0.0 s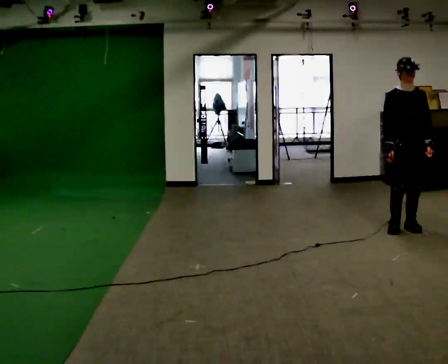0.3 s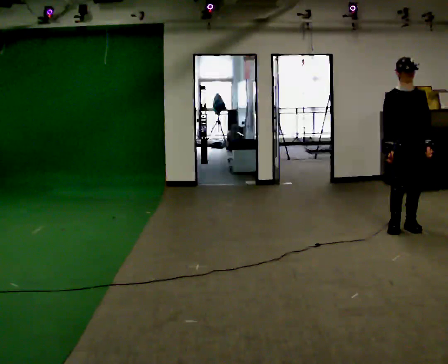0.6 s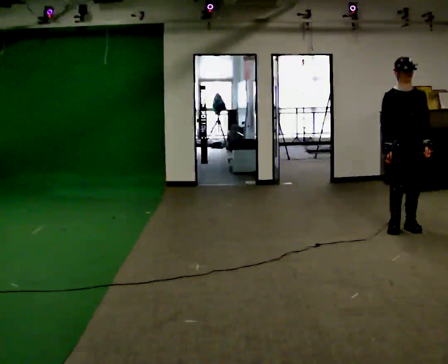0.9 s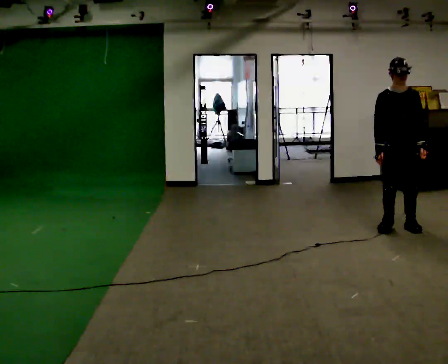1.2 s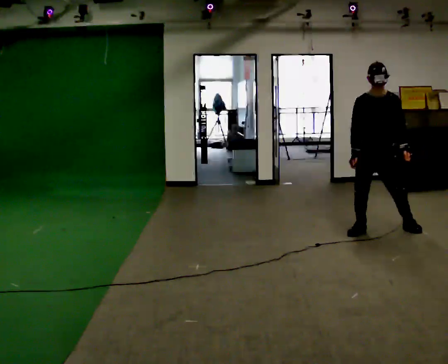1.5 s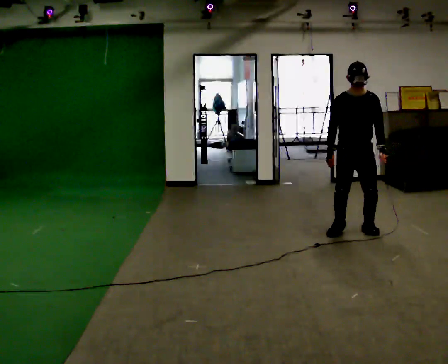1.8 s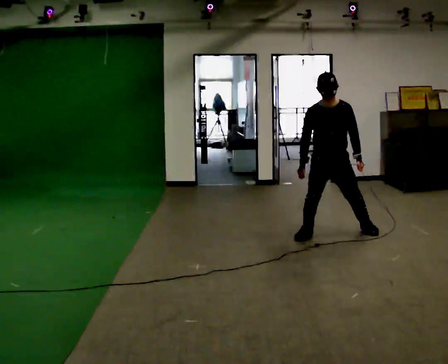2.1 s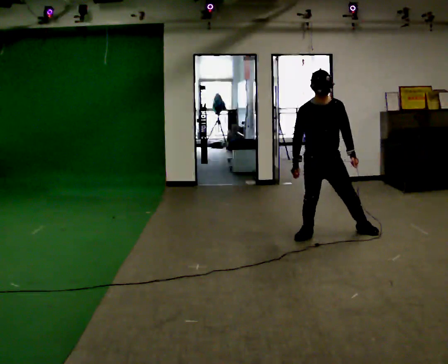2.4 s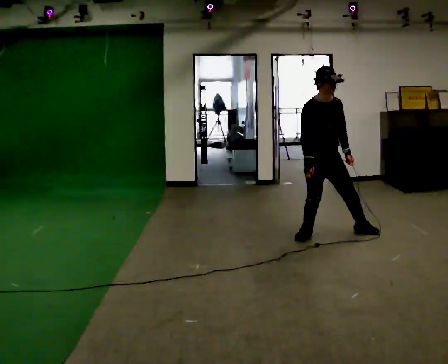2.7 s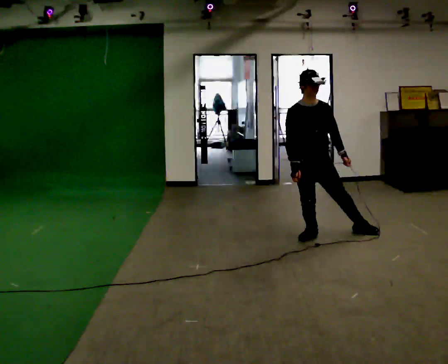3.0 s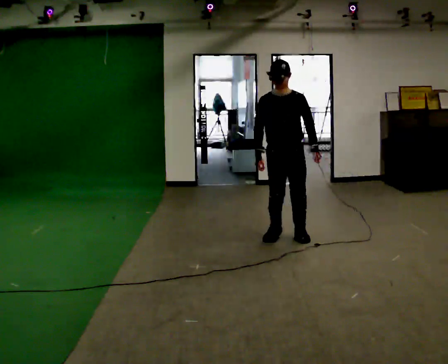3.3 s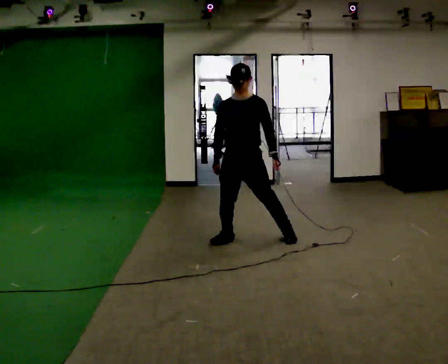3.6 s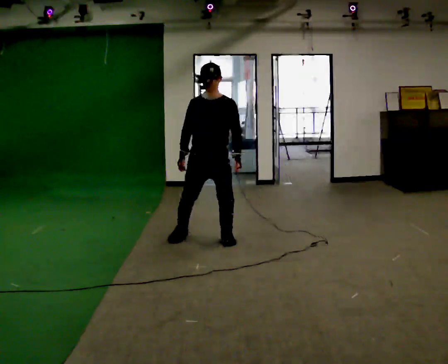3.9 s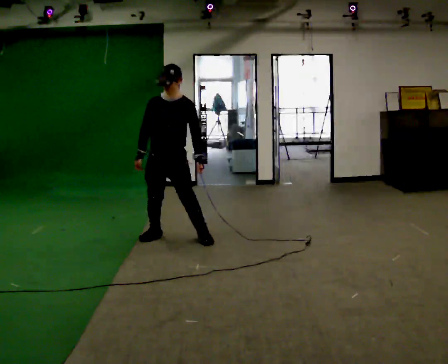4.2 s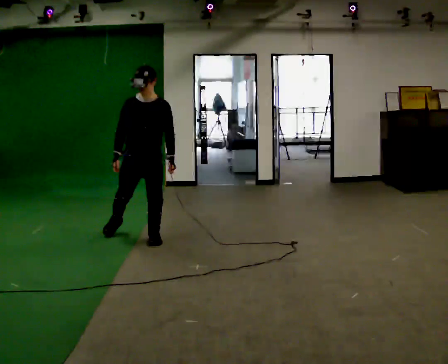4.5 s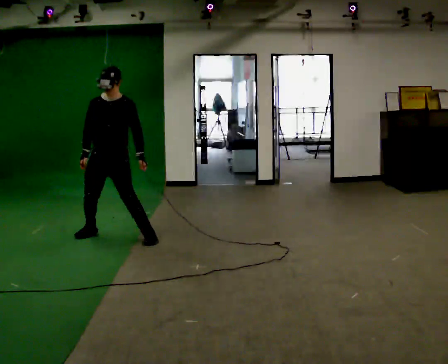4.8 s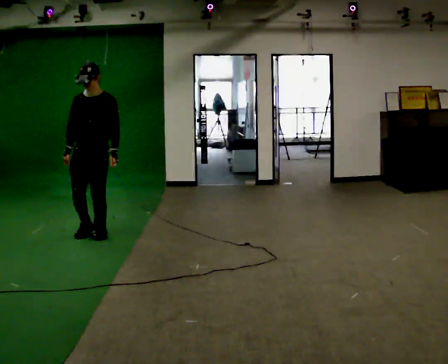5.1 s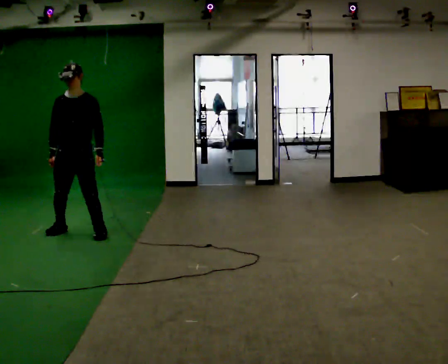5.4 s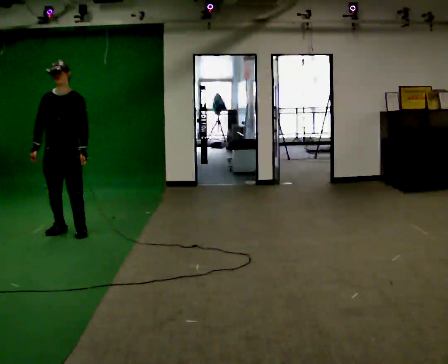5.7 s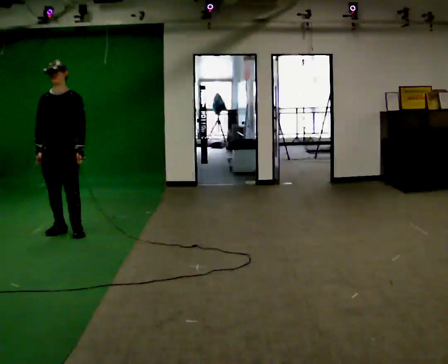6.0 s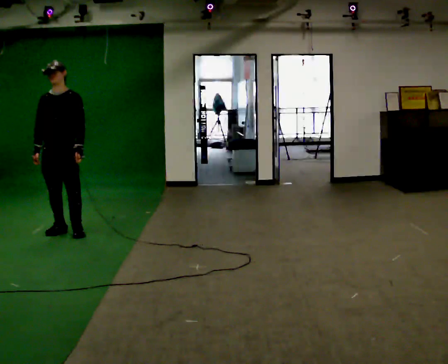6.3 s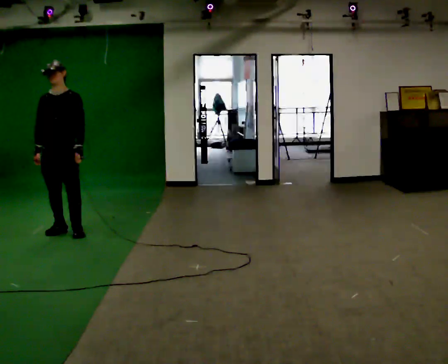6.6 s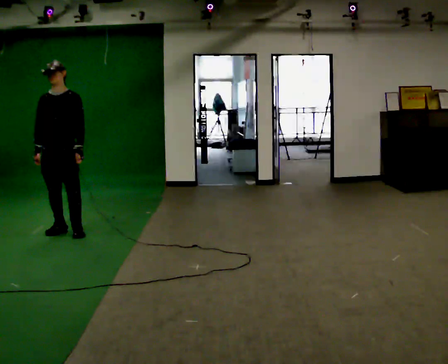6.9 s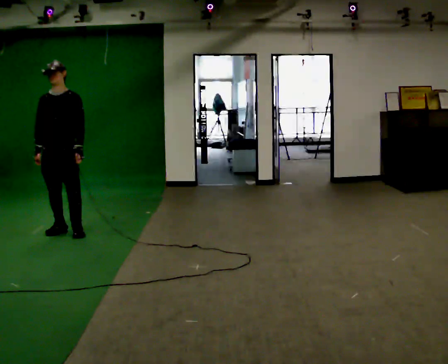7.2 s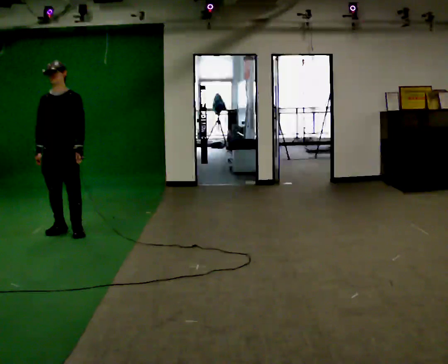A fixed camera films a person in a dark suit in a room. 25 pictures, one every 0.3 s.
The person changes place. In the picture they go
to the left.
0.0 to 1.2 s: In the picture they go to the left, about 0.25 m in 1 step, which for them is to their right.
1.2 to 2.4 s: In the picture they go to the left, about 0.5 m in 2 steps, which for them is to their right.
2.4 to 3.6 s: In the picture they go to the left, about 1 m in 3 steps, which for them is to their right.
3.6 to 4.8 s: In the picture they go to the left, about 1 m in 4 steps, which for them is to their right.
4.8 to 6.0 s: In the picture they go to the left, about 0.25 m in 2 steps, which for them is to their right.
6.0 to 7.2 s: The person moves a little, or ends about where they began.
The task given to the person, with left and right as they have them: Shuffle sideways quickly in the direction the operator calls, without crossing your feet.
The film runs forward here.
